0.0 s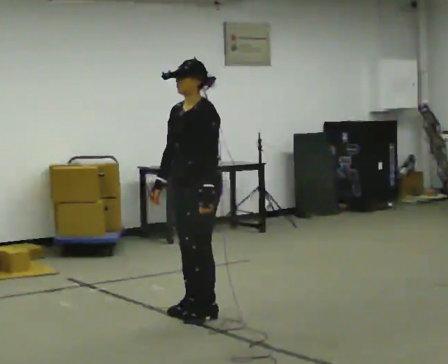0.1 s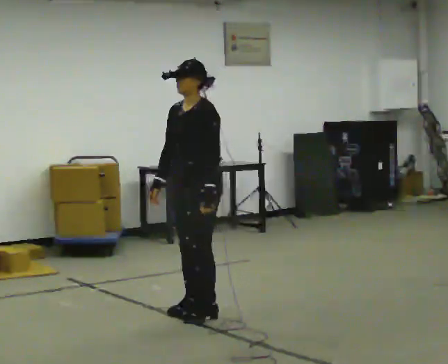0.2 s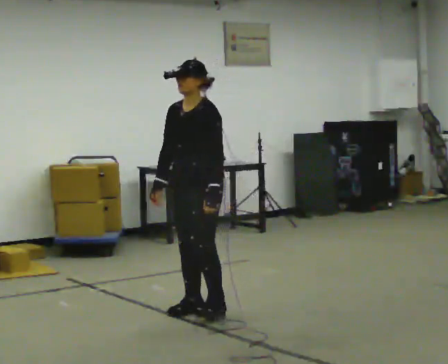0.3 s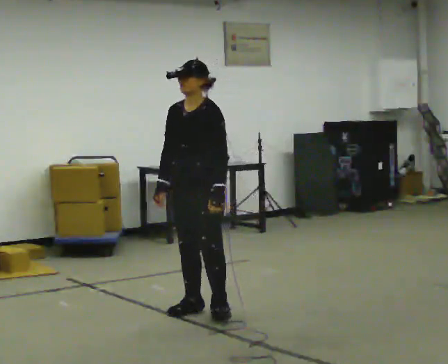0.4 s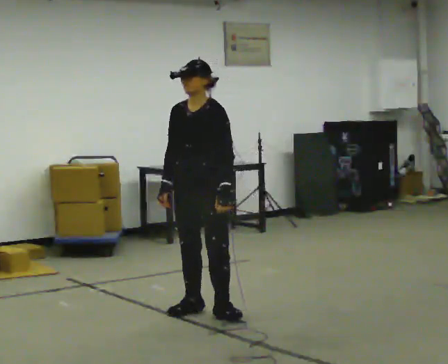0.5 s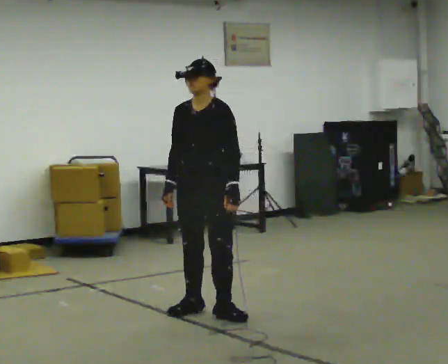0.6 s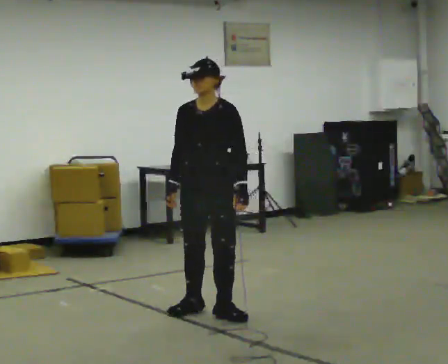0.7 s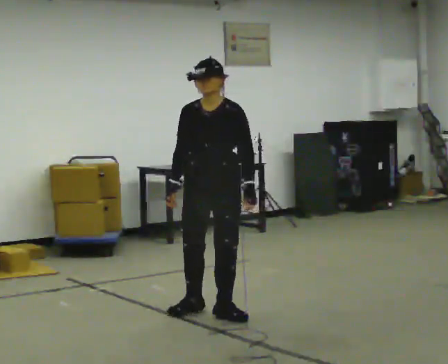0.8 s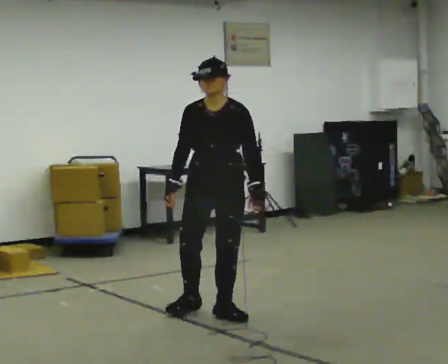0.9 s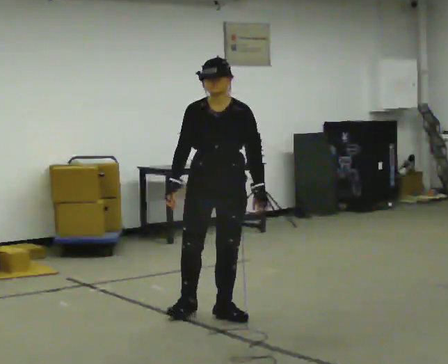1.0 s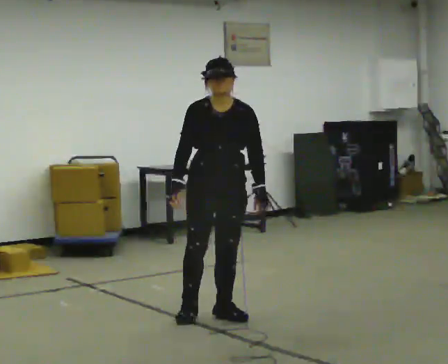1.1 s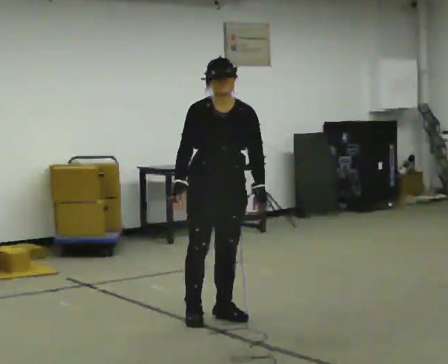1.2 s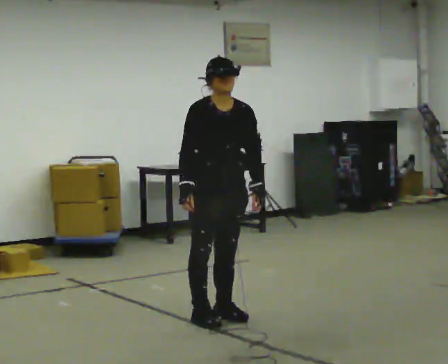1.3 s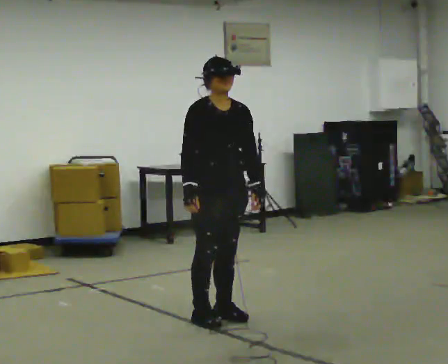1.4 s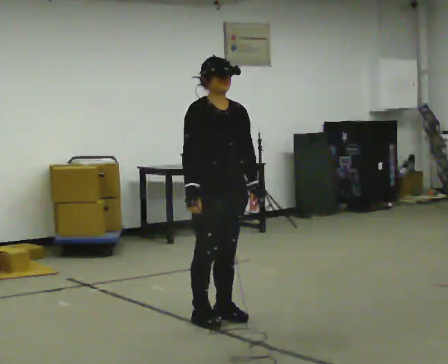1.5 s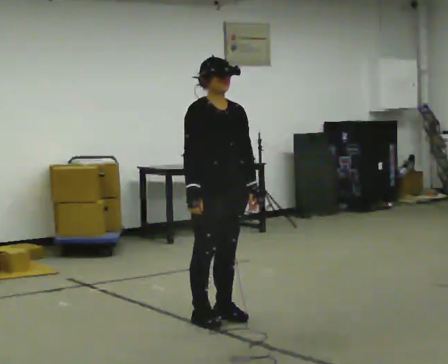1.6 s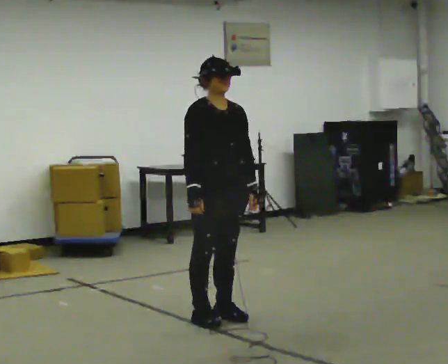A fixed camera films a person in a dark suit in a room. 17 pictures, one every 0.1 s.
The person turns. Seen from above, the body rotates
counterclockwise.
The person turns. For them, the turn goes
to their left.
0.0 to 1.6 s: Seen from above the body turns counterclockwise, about 90 degrees: to their left, with its near side sliding to the right.
The film runs backward here.
